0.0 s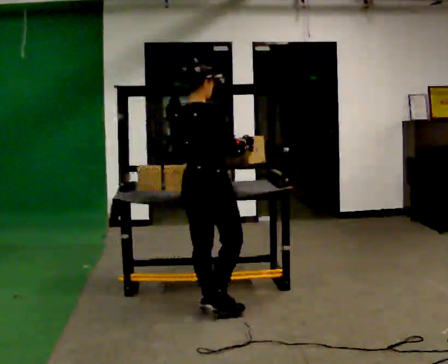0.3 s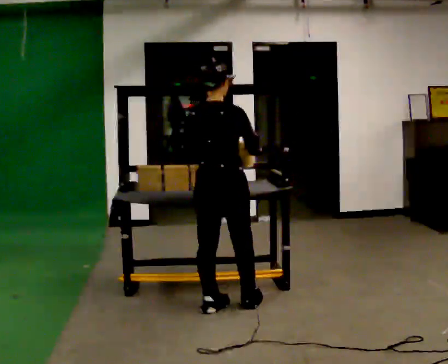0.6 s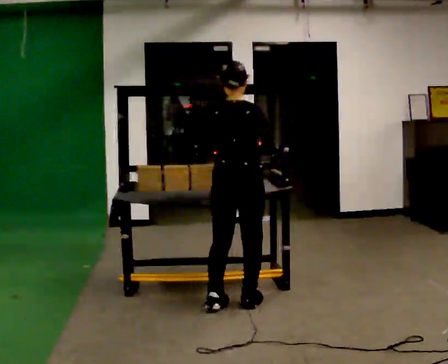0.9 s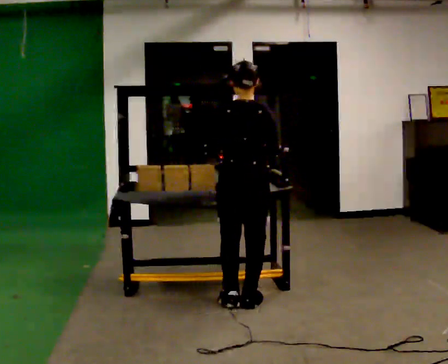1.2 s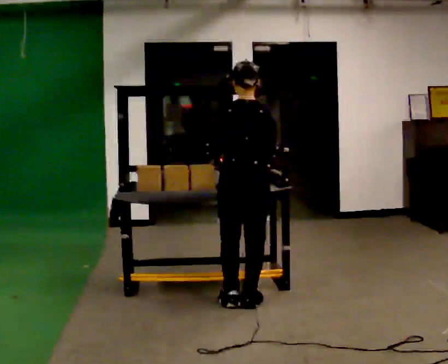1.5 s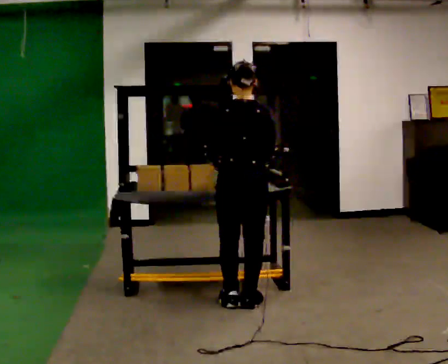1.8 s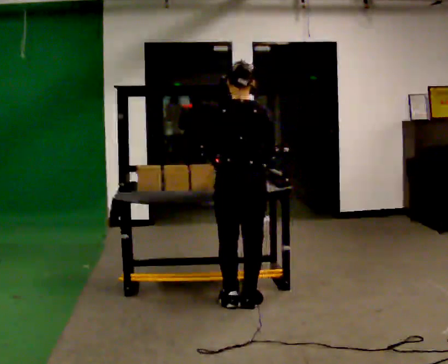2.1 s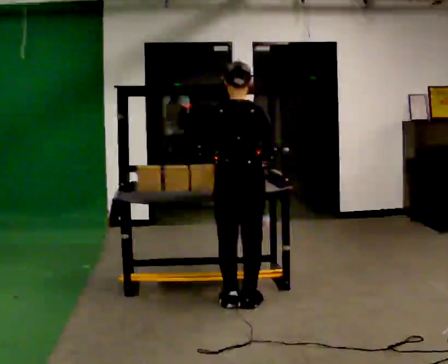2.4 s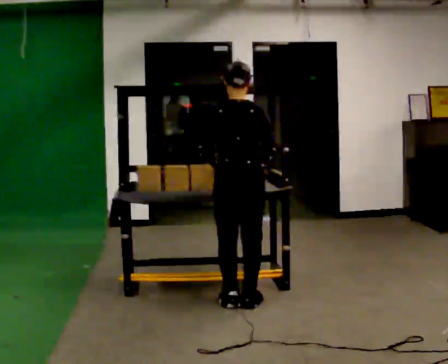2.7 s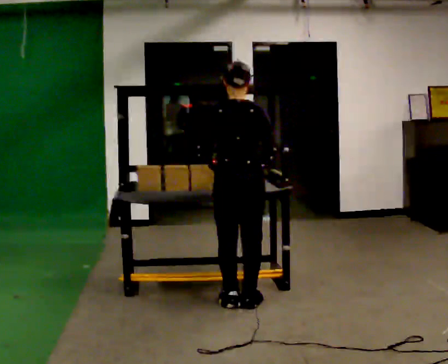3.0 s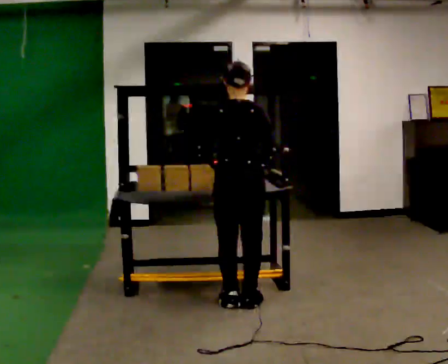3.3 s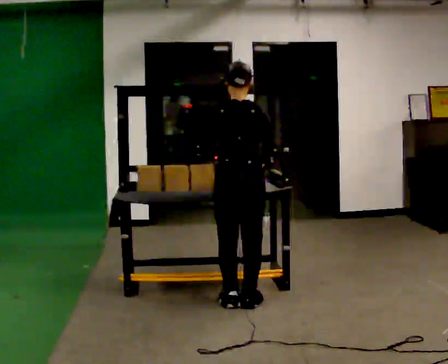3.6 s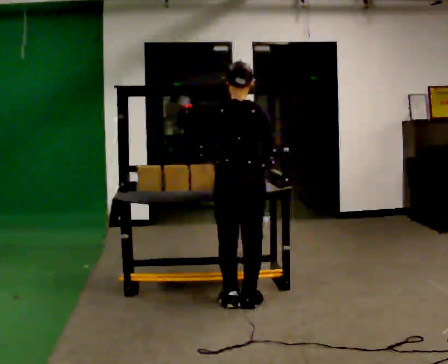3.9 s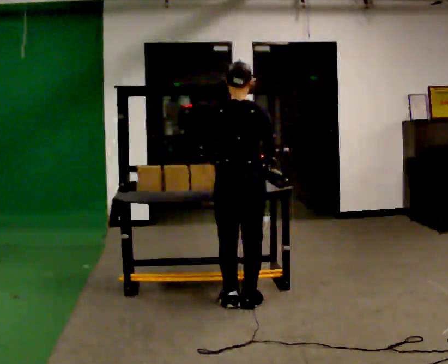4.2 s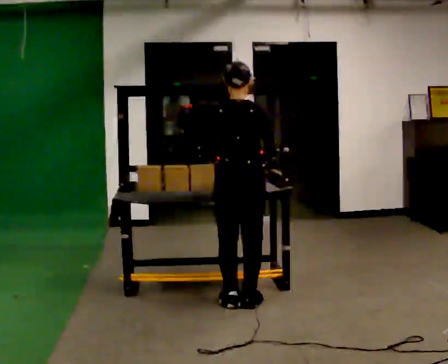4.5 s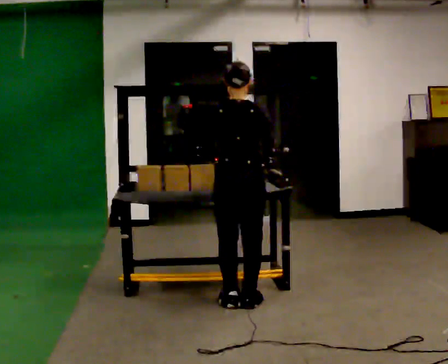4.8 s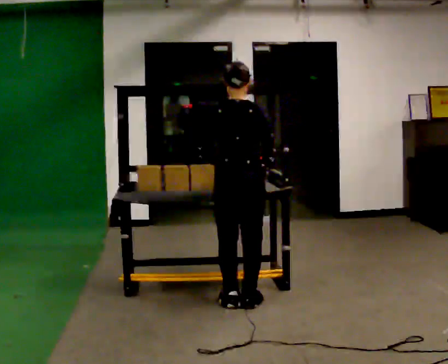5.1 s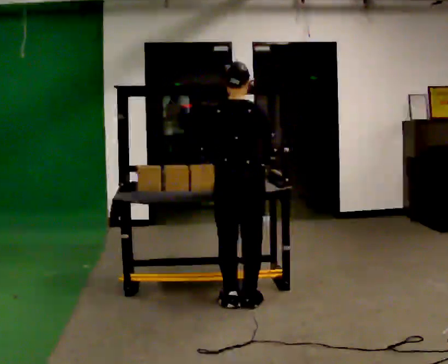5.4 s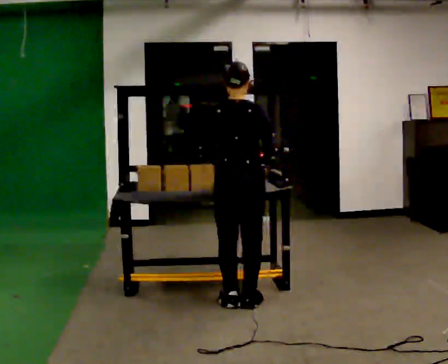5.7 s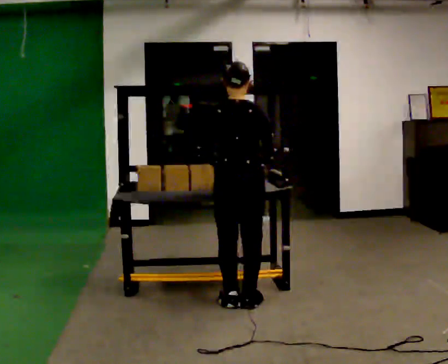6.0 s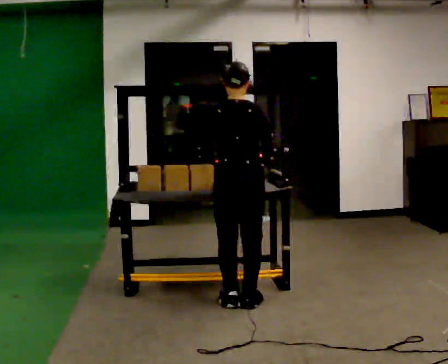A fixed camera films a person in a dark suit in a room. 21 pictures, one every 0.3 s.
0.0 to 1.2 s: Seen from above the body turns counterclockwise, about 45 degrees: to their left, with its near side sliding to the right. In the picture they go to the right, about 0.25 m in 2 steps, which for them is to their right and forward.
1.2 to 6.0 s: The person moves a little, or ends about where they began.
The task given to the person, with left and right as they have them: Carry the box over and put it on the shelf with the label facing out towards you. Get the orientation right, not just the position. Keep going until the operator says stop; one object at a time, and do not rush between trips.
The film runs forward here.
